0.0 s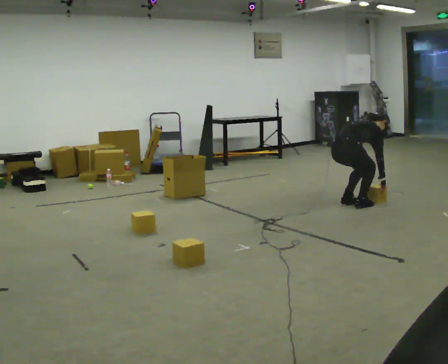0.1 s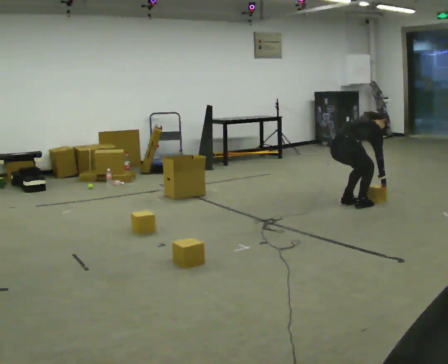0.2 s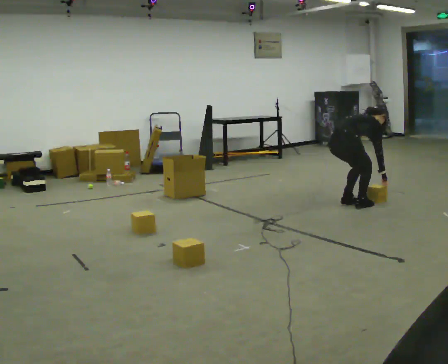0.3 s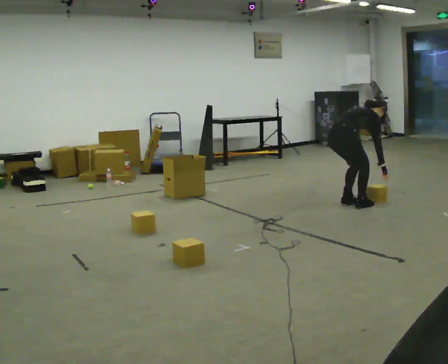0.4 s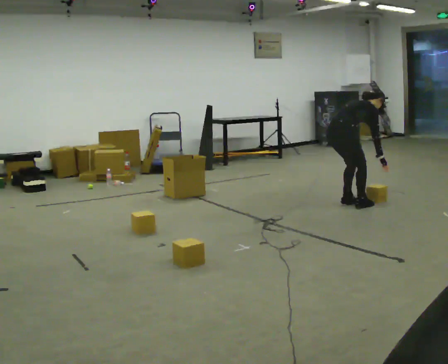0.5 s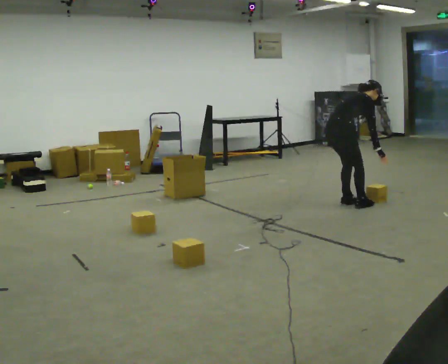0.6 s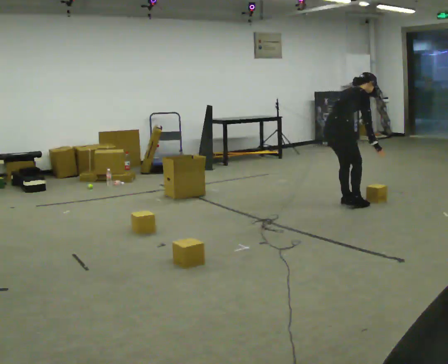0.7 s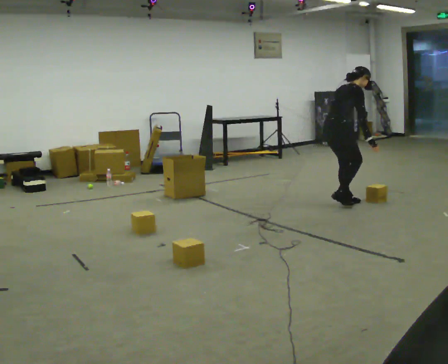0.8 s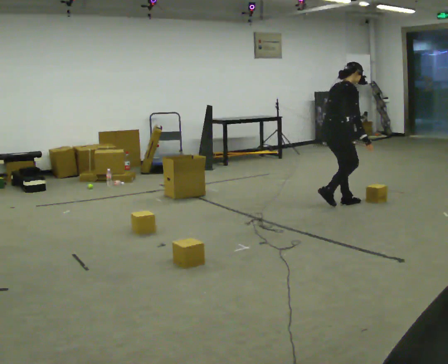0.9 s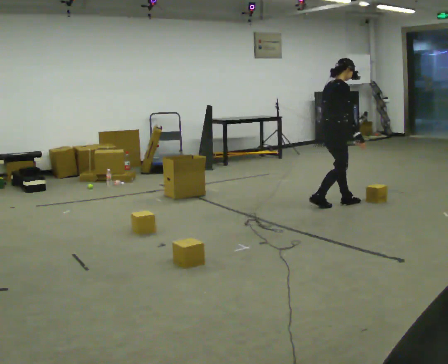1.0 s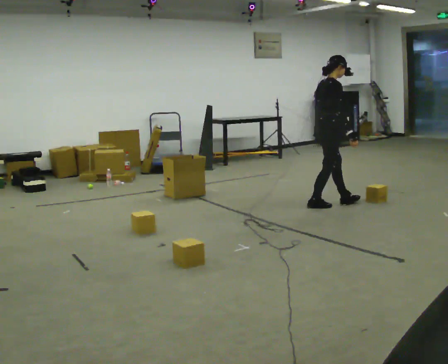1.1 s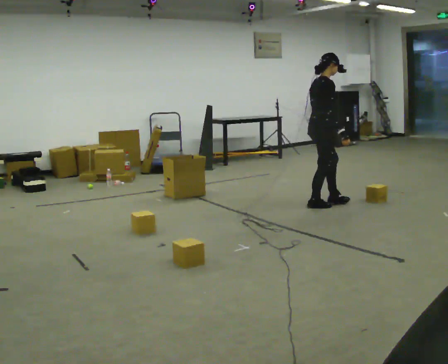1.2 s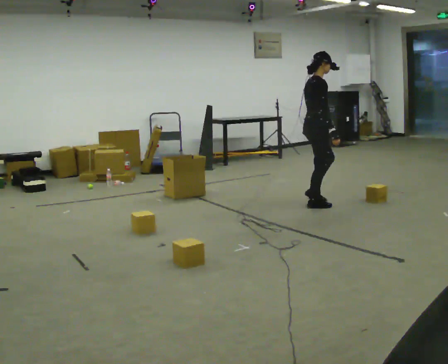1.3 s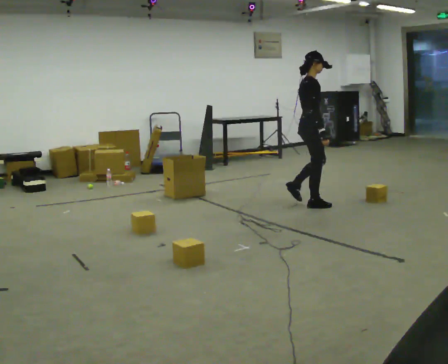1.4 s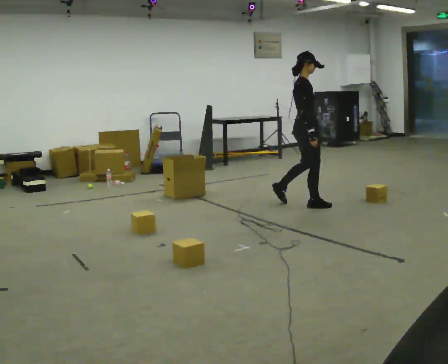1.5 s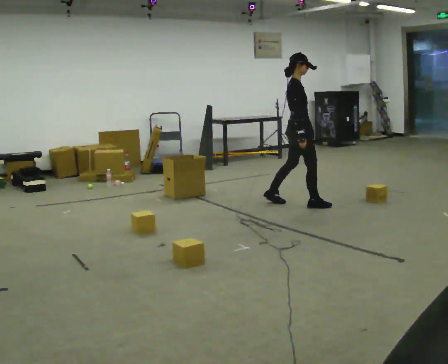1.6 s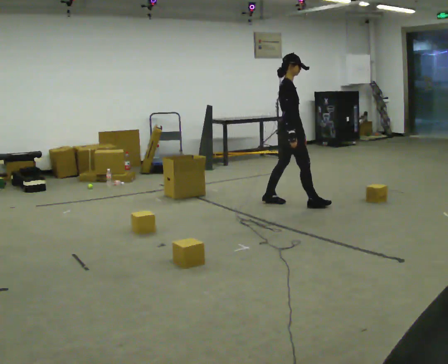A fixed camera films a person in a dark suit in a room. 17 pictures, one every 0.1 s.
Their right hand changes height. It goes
upward.
The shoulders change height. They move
upward.
0.0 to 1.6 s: The part of the body nearest the lens slides to the left as the person turns to their right by about 30 degrees. In the picture they go to the left, about 0.5 m in 2 steps, which for them is backward and to their left. The upper body goes upward. In the picture the upper body tilts counterclockwise, shoulders to the left, as they lean back or straighten. In the picture their right hand goes upward.
The film runs backward here.
